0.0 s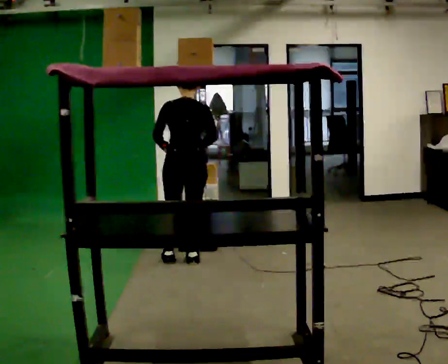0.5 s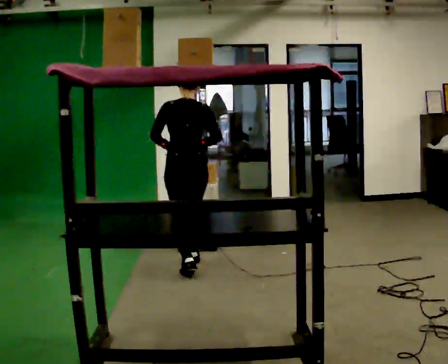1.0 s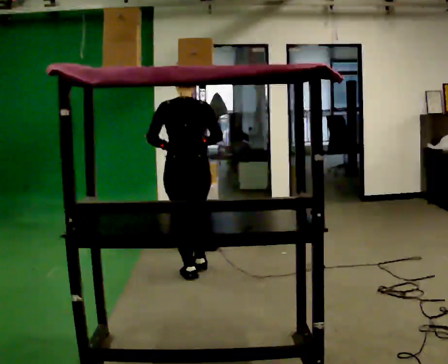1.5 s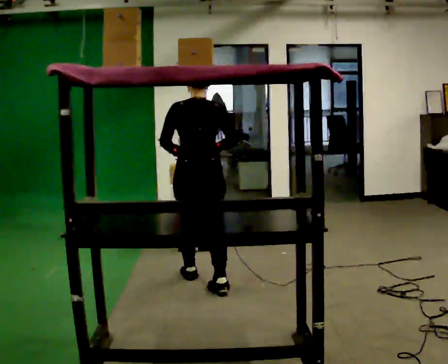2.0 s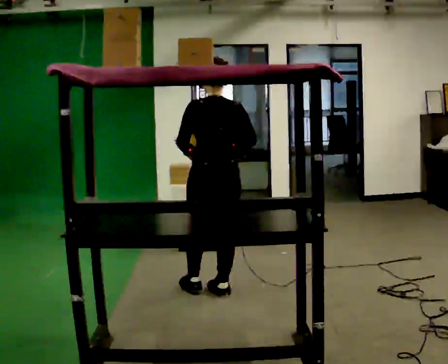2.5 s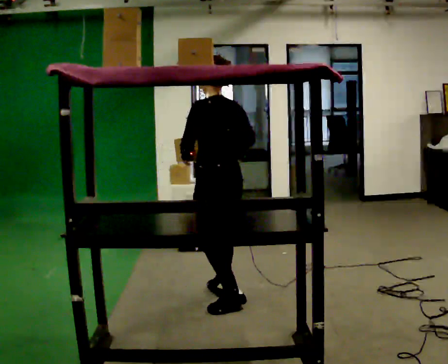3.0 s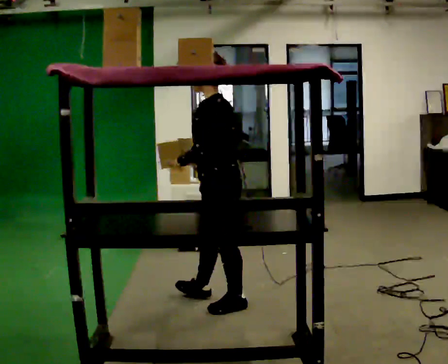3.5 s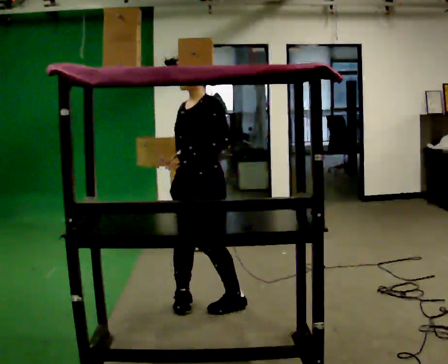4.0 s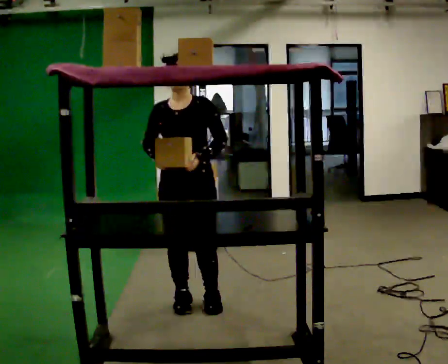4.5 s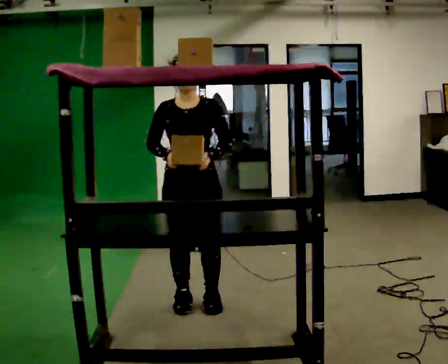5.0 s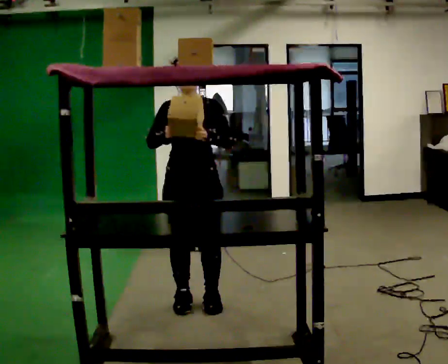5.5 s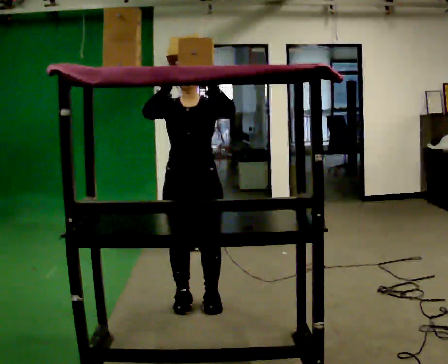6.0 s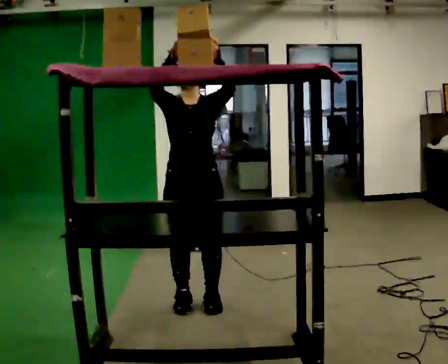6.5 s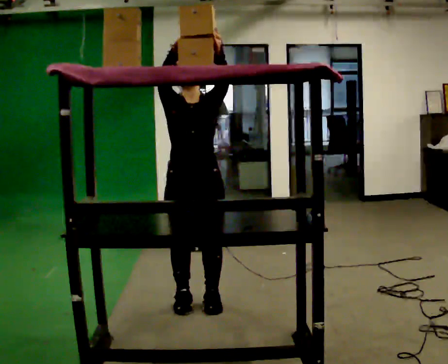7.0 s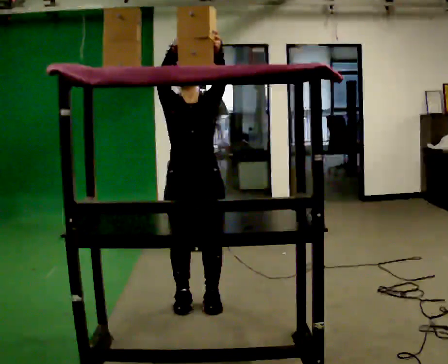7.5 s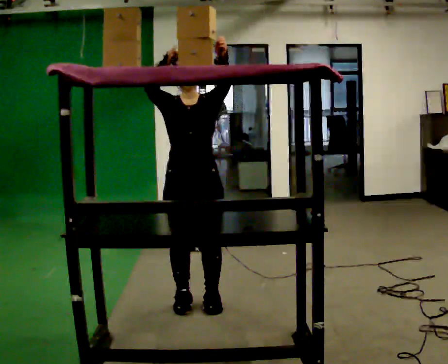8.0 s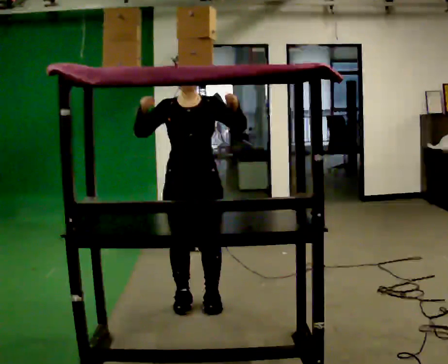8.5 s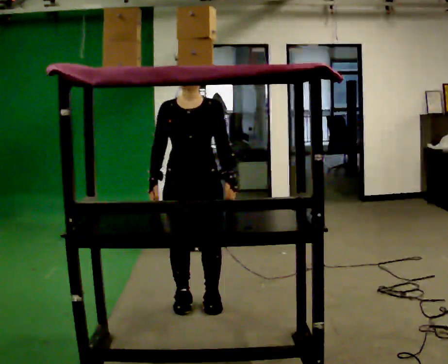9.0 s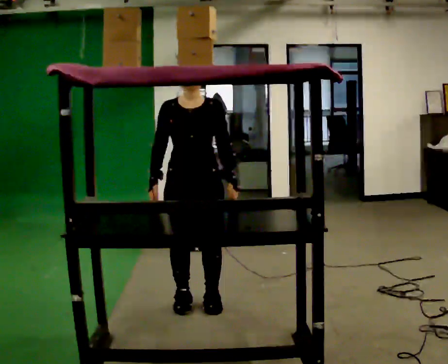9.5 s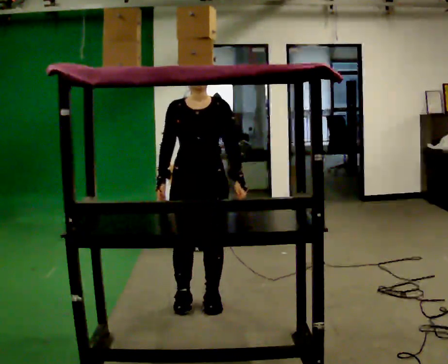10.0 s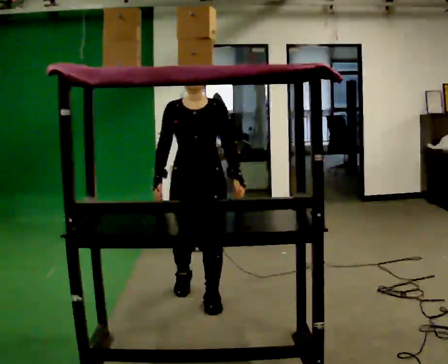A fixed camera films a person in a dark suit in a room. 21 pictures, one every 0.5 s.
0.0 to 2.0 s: In the picture they go toward the camera, about 1 m in 3 steps, which for them is backward.
2.0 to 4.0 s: Seen from above the body turns counterclockwise, about 150 degrees: to their left, with its near side sliding to the right. In the picture they go toward the camera and to the left, about 0.25 m in 2 steps.
4.0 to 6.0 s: In the picture their right hand goes upward.
6.0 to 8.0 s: The person moves a little, or ends about where they began.
8.0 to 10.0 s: In the picture their right hand goes downward.
The film runs backward here.
